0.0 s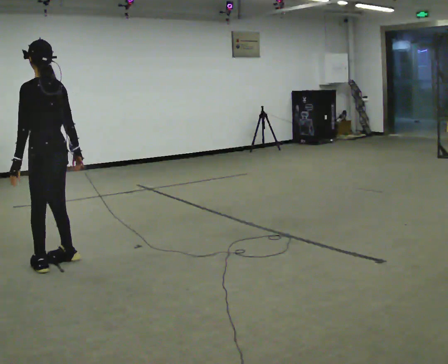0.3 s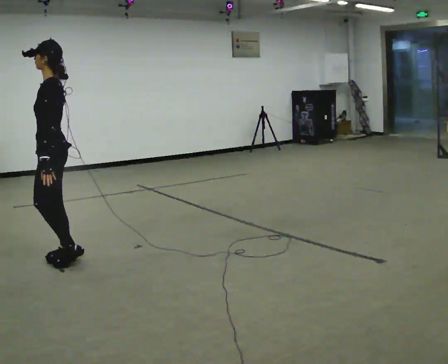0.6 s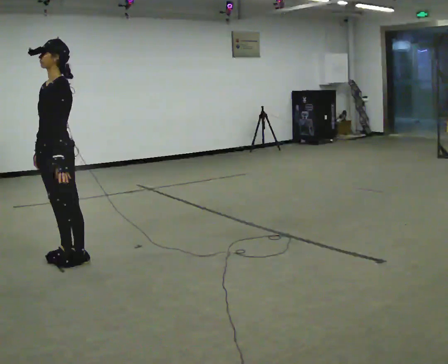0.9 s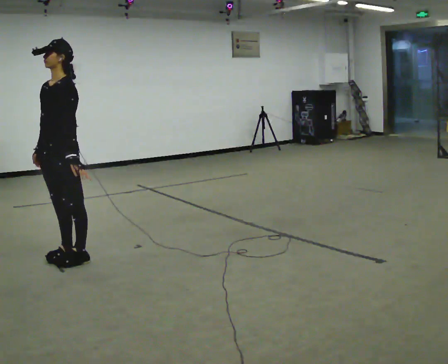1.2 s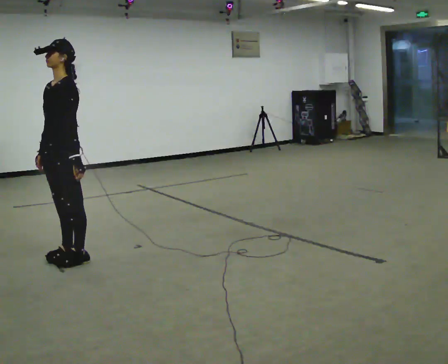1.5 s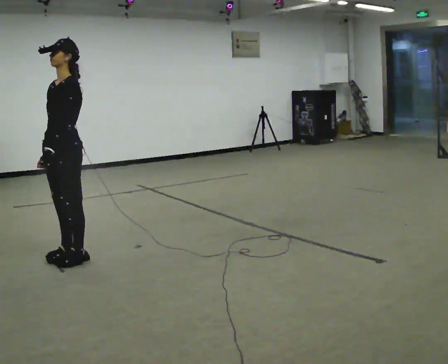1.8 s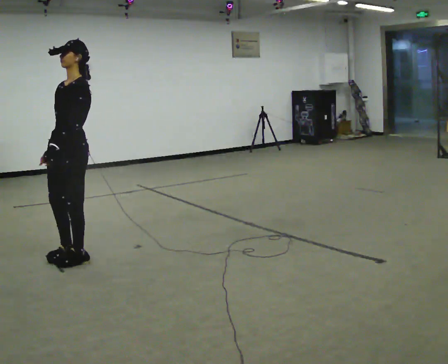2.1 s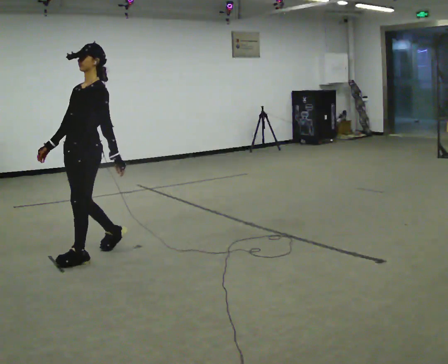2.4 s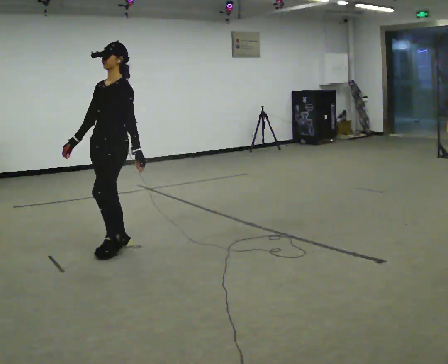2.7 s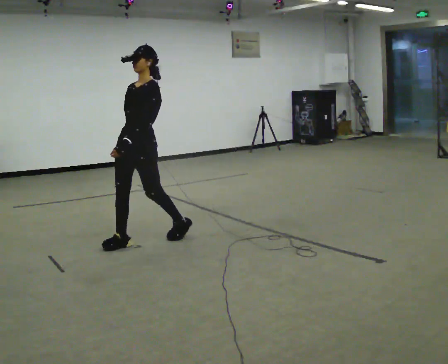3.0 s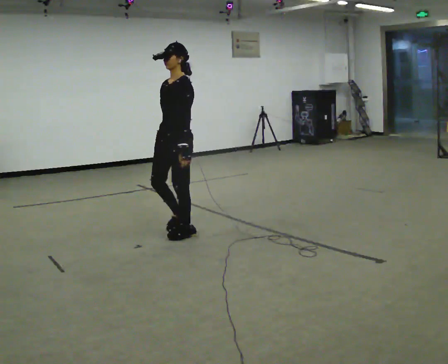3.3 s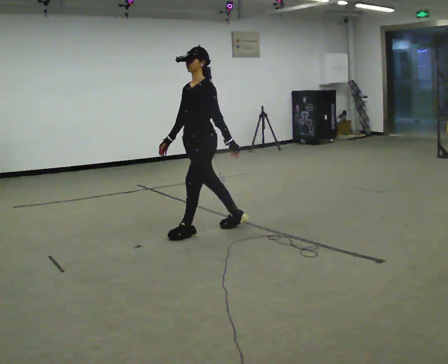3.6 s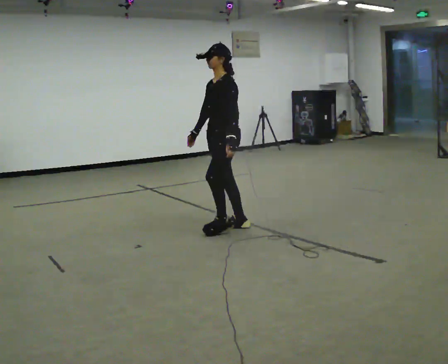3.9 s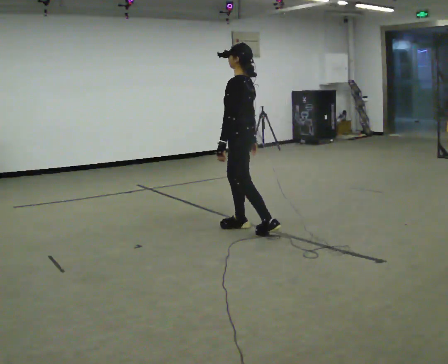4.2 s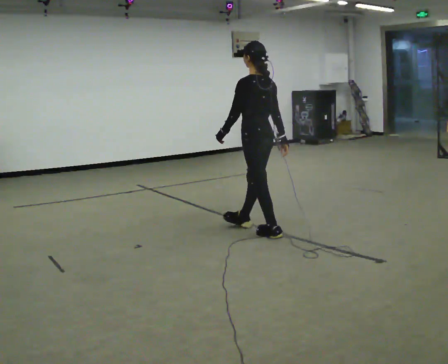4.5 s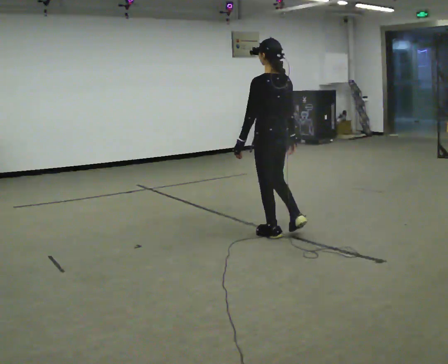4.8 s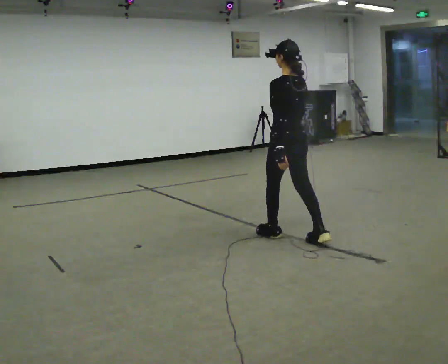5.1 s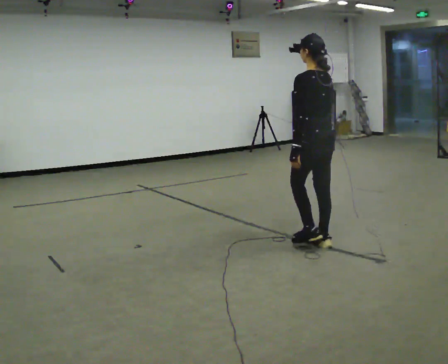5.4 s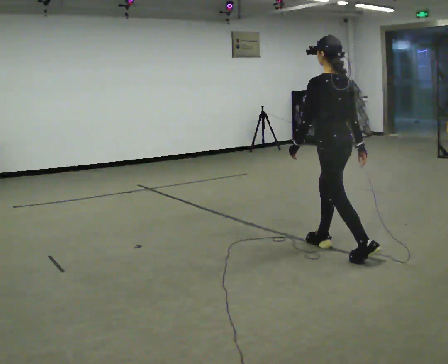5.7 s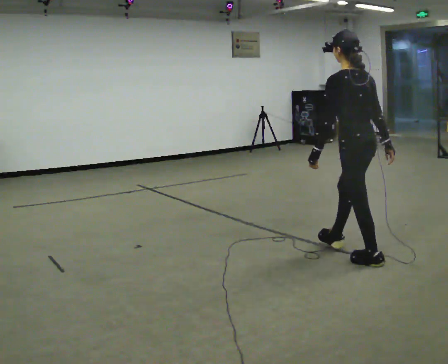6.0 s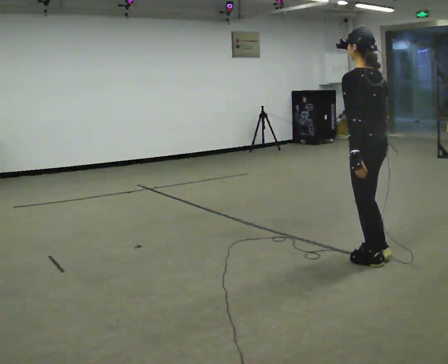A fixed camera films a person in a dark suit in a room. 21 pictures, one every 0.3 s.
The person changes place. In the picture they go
to the right.
The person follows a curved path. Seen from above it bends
clockwise.
0.0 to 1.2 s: The part of the body nearest the lens slides to the right as the person turns to their left by about 75 degrees. In the picture their right hand goes to the left.
1.2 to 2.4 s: In the picture they go to the right and away from the camera, about 0.5 m in 2 steps, which for them is backward.
2.4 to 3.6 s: In the picture they go to the right and away from the camera, about 1 m in 2 steps, which for them is backward.
3.6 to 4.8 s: The person turns about 75 degrees to their right, clockwise seen from above, so the part of the body nearest the lens slides to the left. In the picture they go to the right and toward the camera, about 0.5 m in 1 step.
4.8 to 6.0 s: In the picture they go toward the camera and to the right, about 1 m in 2 steps, which for them is backward.
The film runs backward here.
